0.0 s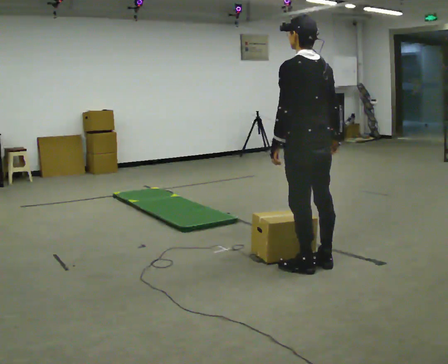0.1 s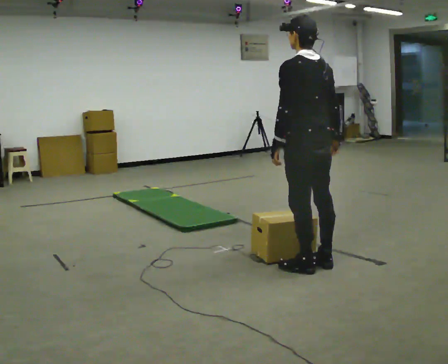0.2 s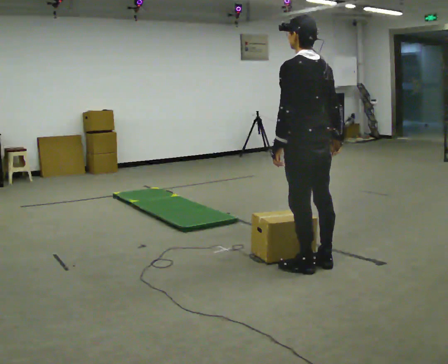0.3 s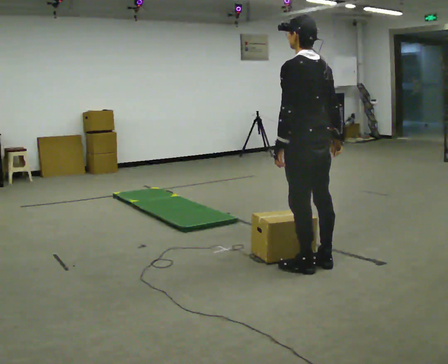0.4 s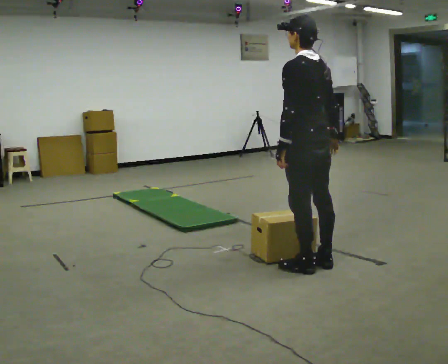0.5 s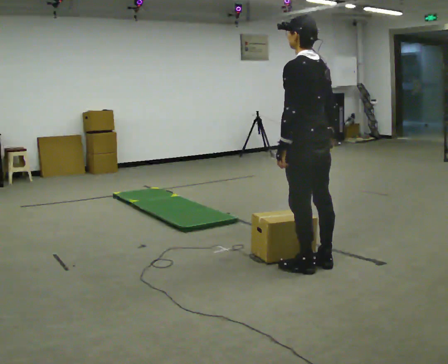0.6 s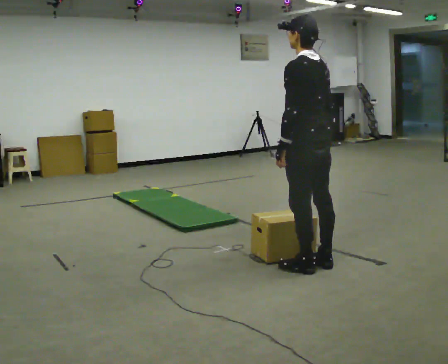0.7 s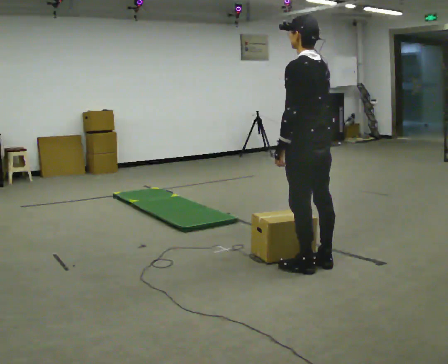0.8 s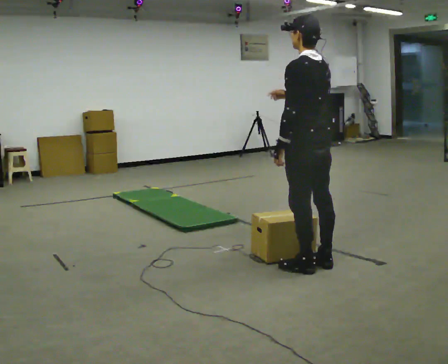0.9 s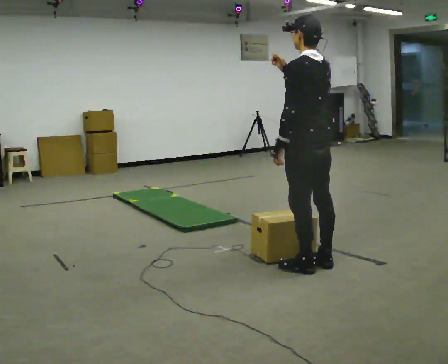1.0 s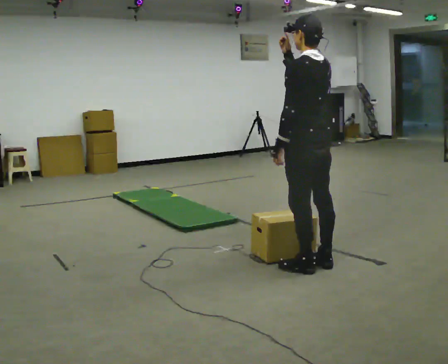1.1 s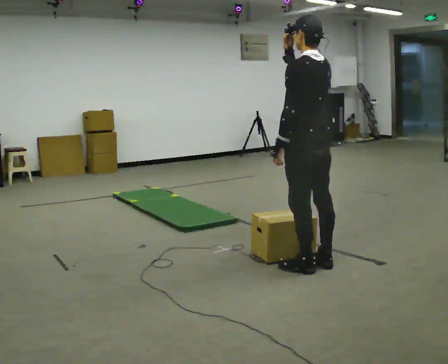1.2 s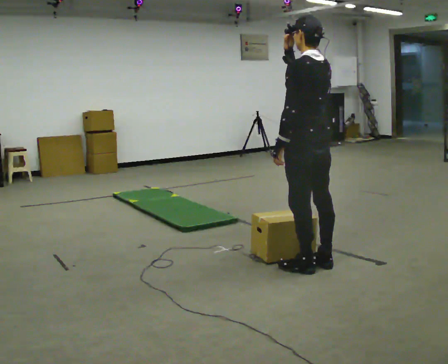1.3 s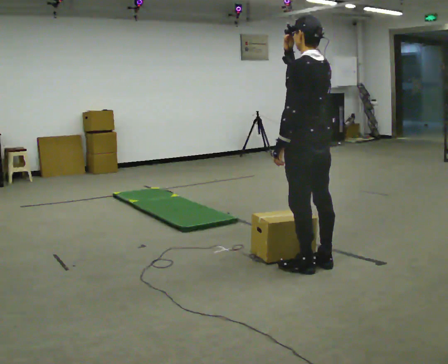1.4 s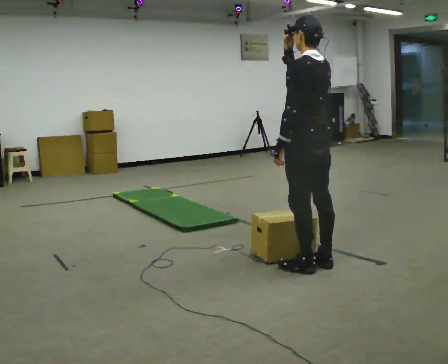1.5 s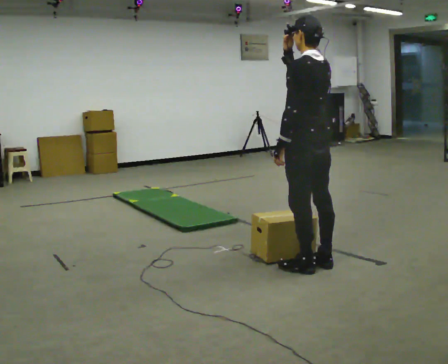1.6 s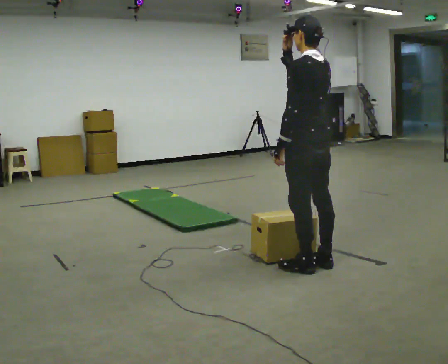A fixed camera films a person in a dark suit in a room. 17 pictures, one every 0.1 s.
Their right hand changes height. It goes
upward.
0.0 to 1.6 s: In the picture their right hand goes upward and to the left.
The film runs backward here.
